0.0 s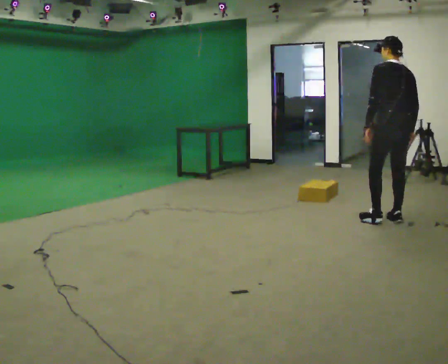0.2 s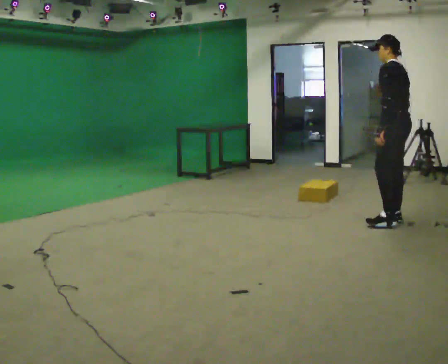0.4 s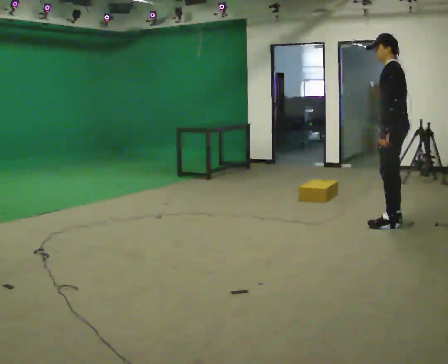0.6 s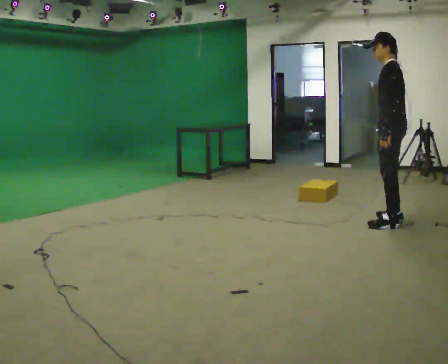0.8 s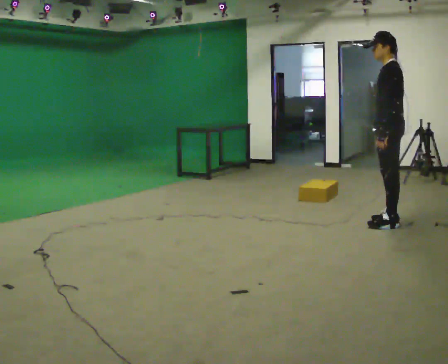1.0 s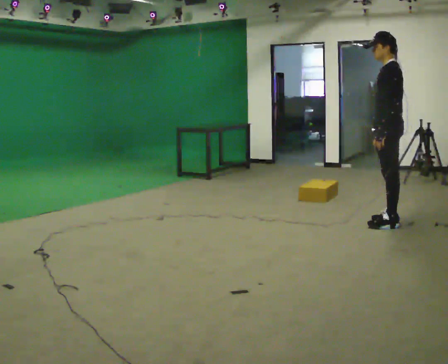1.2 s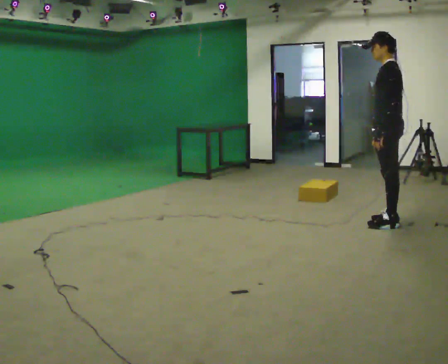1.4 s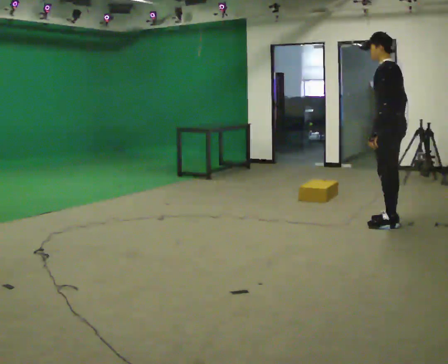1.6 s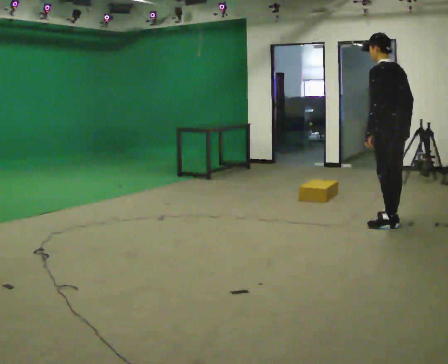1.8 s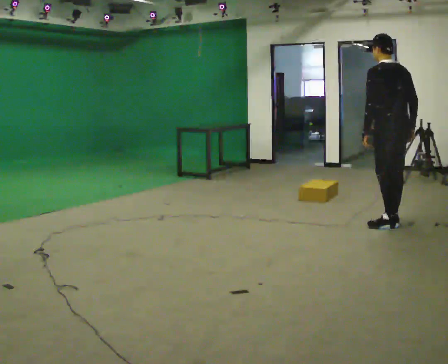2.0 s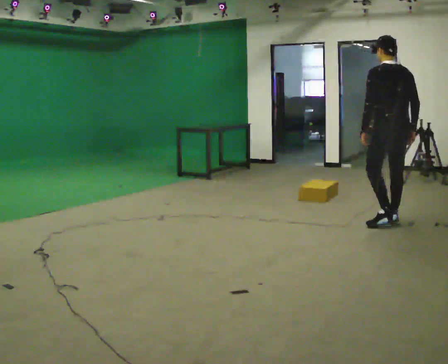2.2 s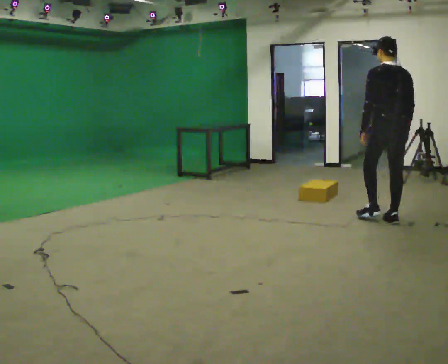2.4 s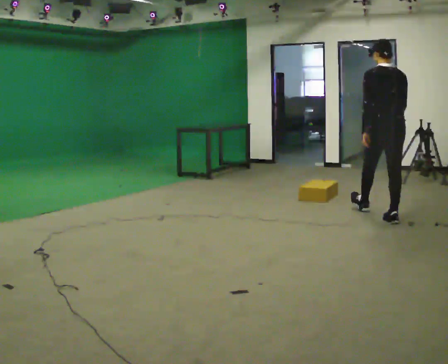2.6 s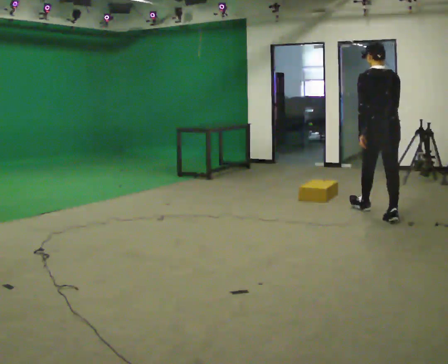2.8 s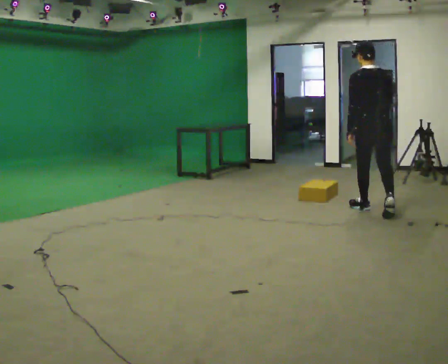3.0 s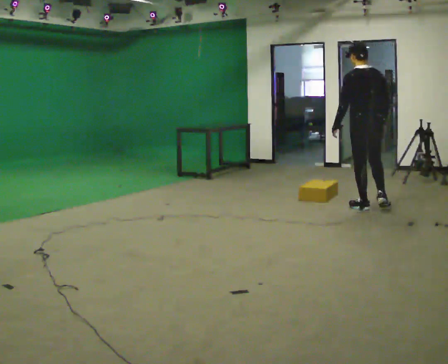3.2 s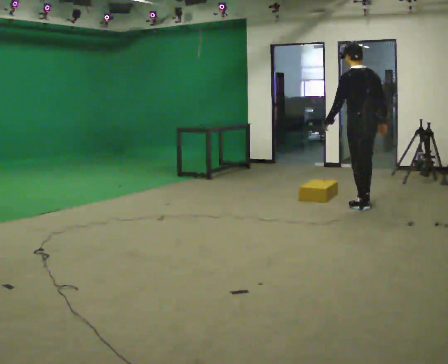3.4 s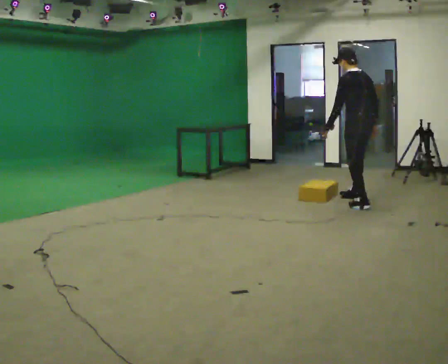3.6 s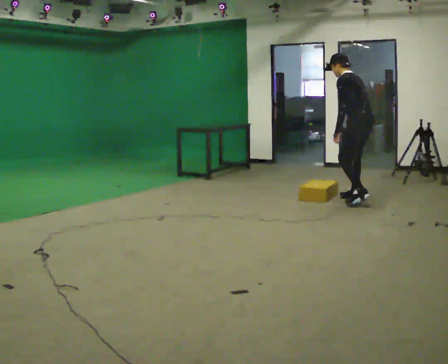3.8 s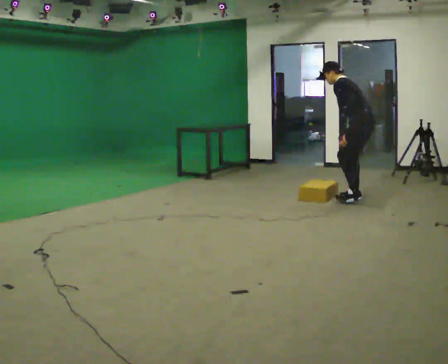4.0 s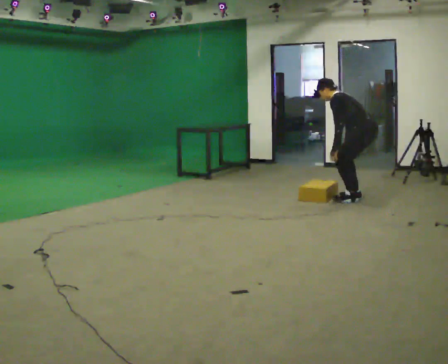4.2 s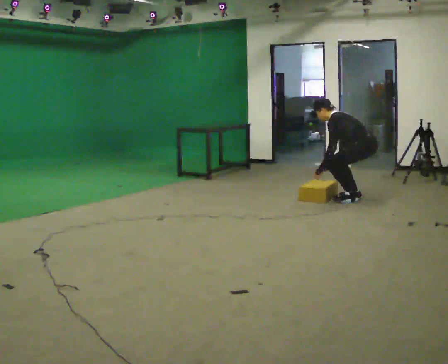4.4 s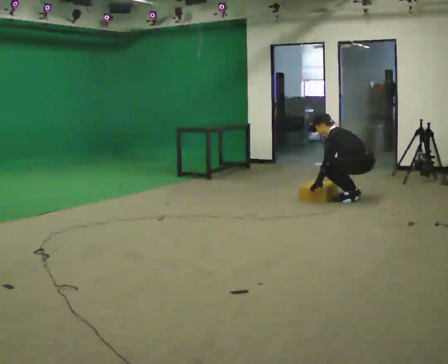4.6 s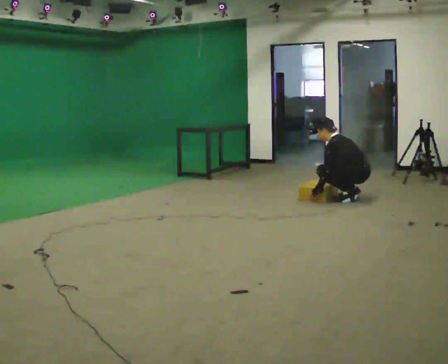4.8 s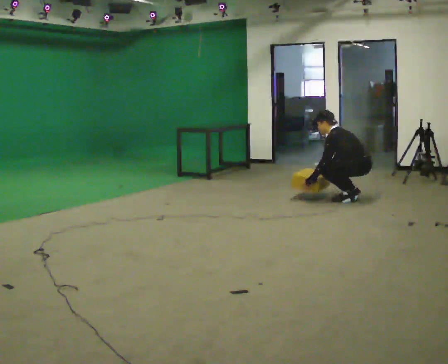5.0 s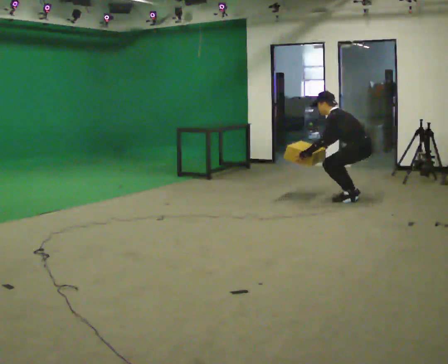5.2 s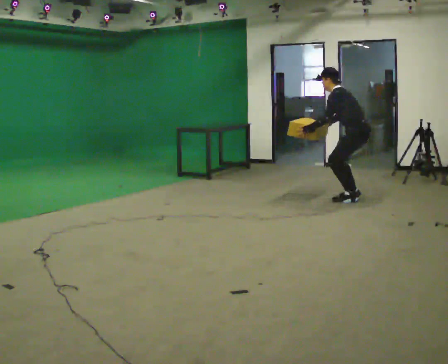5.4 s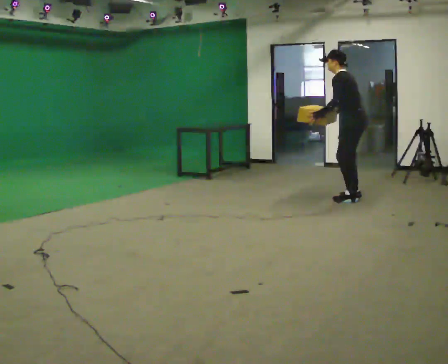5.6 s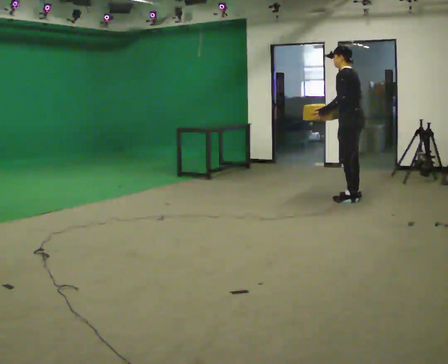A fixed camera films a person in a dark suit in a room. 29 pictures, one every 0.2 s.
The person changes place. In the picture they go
away from the camera.
0.0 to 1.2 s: Seen from above the body turns counterclockwise, about 45 degrees: to their left, with its near side sliding to the right.
1.2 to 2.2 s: The part of the body nearest the lens slides to the left as the person turns to their right by about 60 degrees.
2.2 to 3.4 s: The part of the body nearest the lens slides to the right as the person turns to their left by about 30 degrees. In the picture they go away from the camera and to the left, about 1 m in 2 steps, which for them is forward.
3.4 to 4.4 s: In the picture they go away from the camera, about 0.25 m in 1 step, which for them is to their right. The shoulders move downward. In the picture the upper body tilts counterclockwise, shoulders to the left, as they bend forward. In the picture their right hand goes downward and to the left.
4.4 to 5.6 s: The shoulders move upward. In the picture the upper body tilts clockwise, shoulders to the right, as they lean back or straighten. In the picture their right hand goes upward.
The film runs forward here.
